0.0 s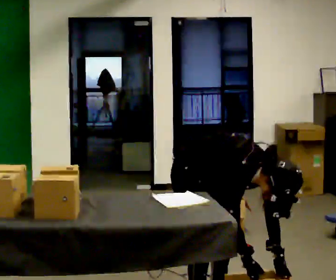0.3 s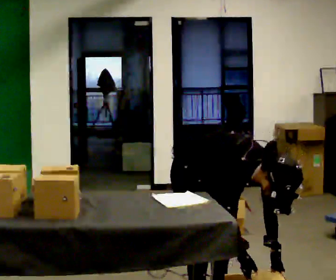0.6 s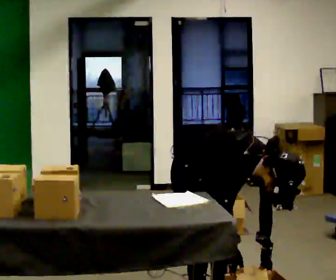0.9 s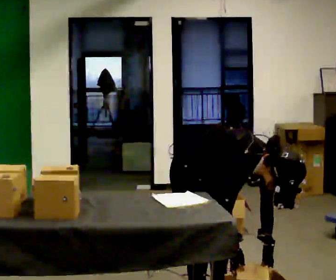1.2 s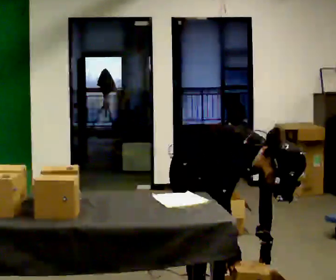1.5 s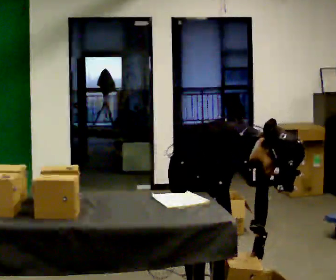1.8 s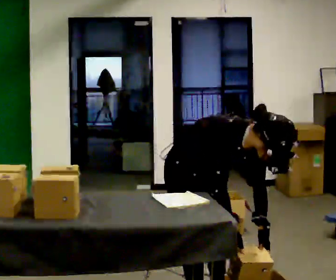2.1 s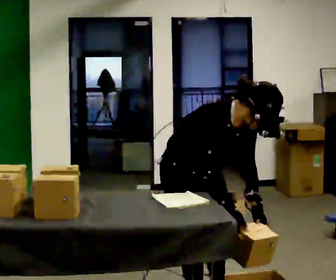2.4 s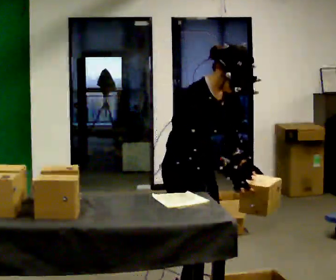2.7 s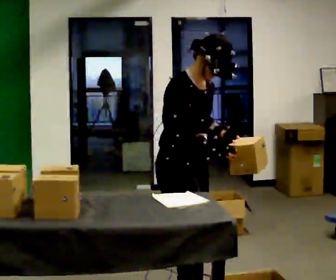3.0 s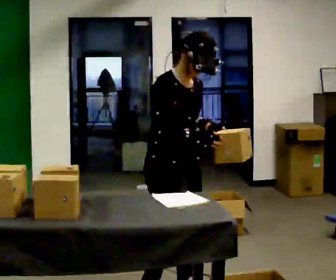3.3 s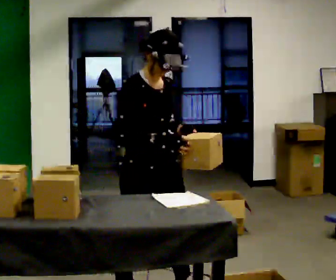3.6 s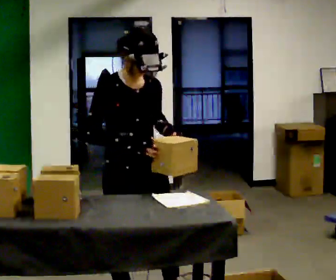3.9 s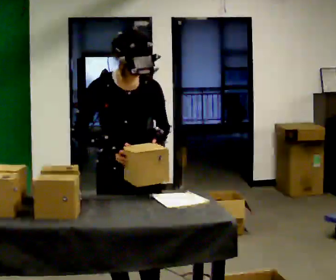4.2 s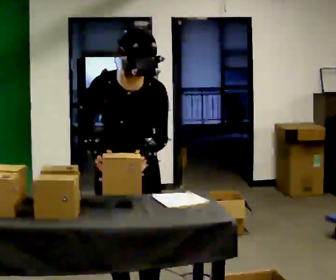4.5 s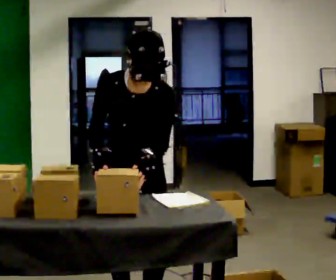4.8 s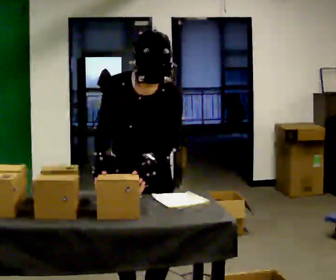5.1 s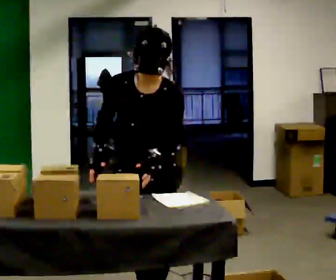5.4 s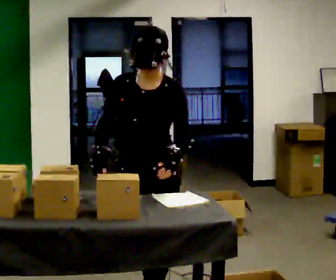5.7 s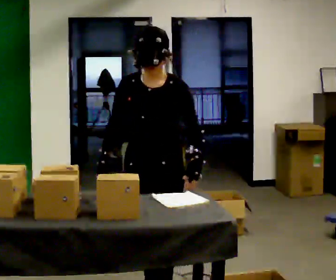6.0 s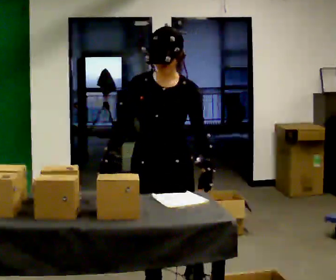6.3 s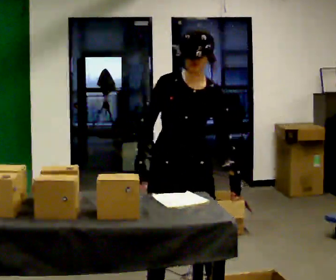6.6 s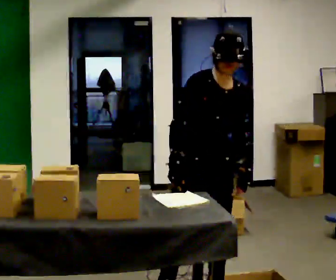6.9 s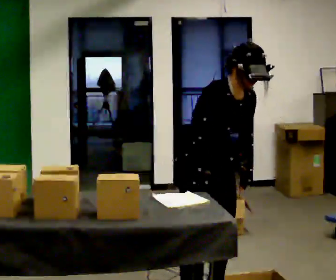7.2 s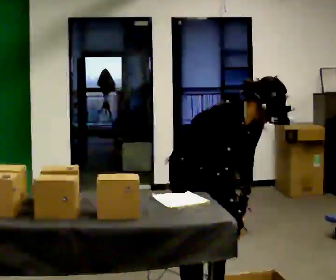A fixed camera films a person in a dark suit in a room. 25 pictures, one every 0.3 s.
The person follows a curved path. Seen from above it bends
counterclockwise.
0.0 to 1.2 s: The person moves a little, or ends about where they began.
1.2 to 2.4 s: The shoulders move upward. In the picture the upper body tilts counterclockwise, shoulders to the left, as they lean back or straighten. In the picture their right hand goes upward.
2.4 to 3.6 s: Seen from above the body turns clockwise, about 30 degrees: to their right, with its near side sliding to the left. In the picture they go to the left, about 0.25 m in 2 steps, which for them is backward and to their right. In the picture the upper body tilts counterclockwise, shoulders to the left, as they lean back or straighten.
3.6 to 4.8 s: Seen from above the body turns clockwise, about 45 degrees: to their right, with its near side sliding to the left. In the picture they go toward the camera, about 0.25 m in 1 step, which for them is forward.
4.8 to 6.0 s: In the picture they go away from the camera, about 0.25 m in 1 step, which for them is backward. The upper body tips away from the camera, its near side rolling upward, as they lean back or straighten.
6.0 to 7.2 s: The part of the body nearest the lens slides to the right as the person turns to their left by about 60 degrees. In the picture they go to the right, about 0.25 m in 1 step, which for them is to their left. The upper body goes downward. In the picture the upper body tilts clockwise, shoulders to the right, as they bend forward.
The film runs backward here.
